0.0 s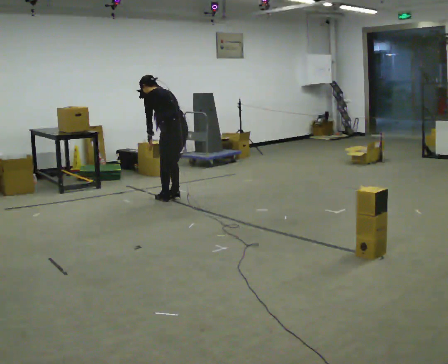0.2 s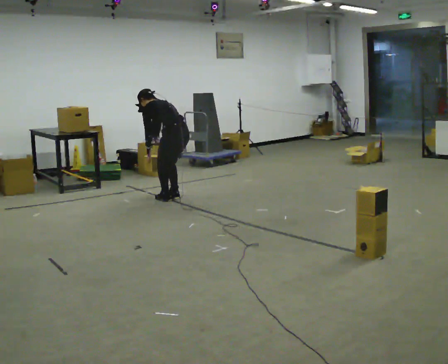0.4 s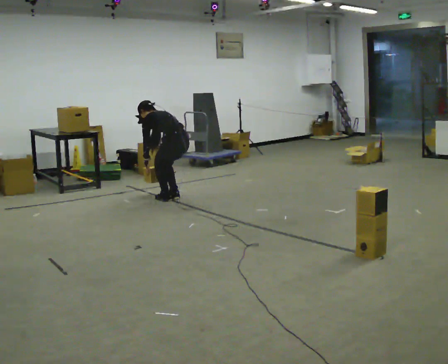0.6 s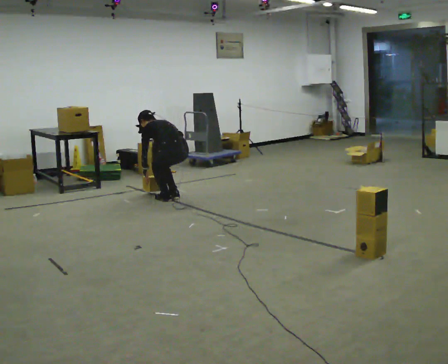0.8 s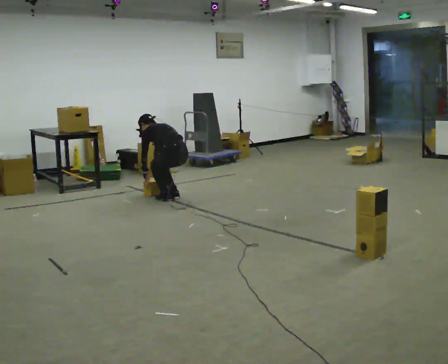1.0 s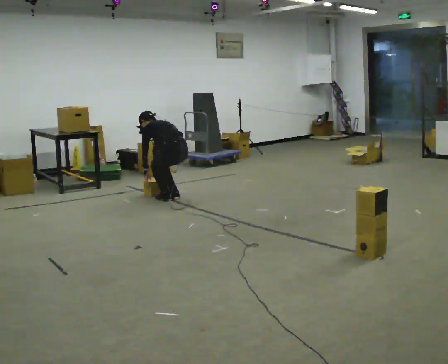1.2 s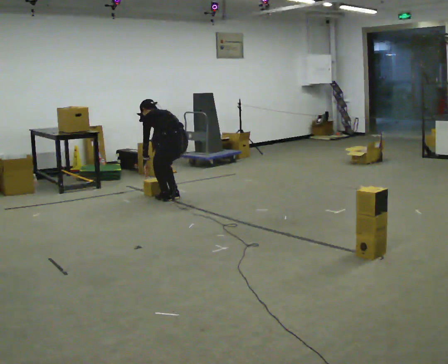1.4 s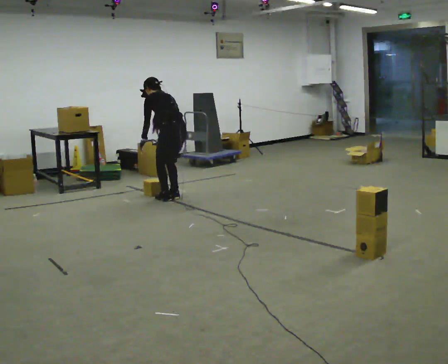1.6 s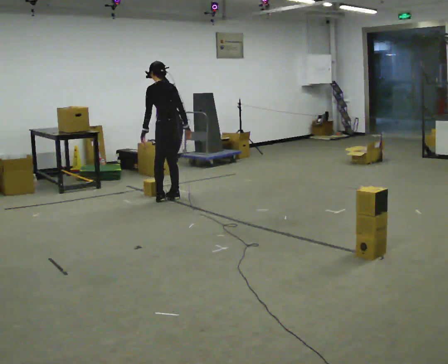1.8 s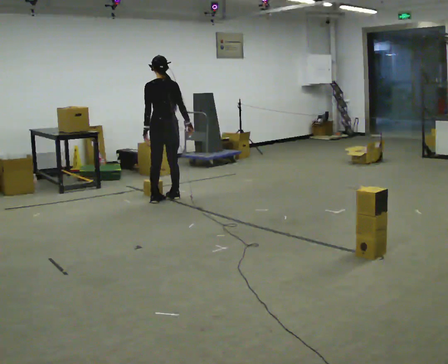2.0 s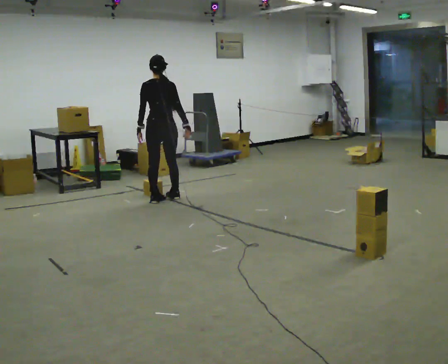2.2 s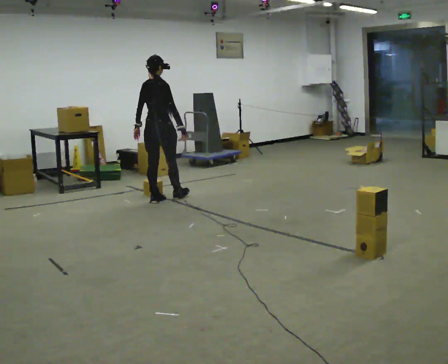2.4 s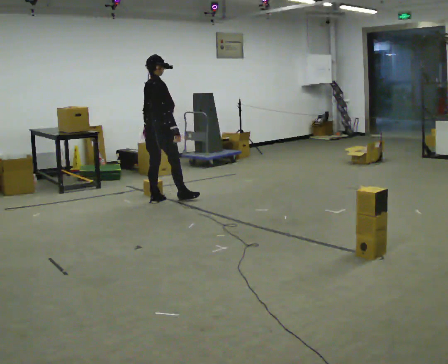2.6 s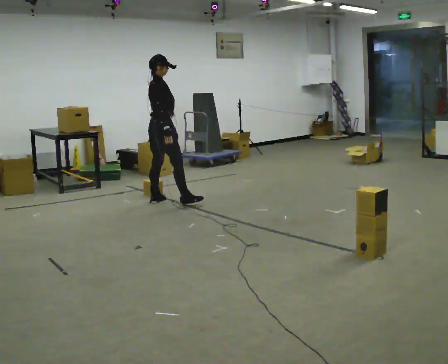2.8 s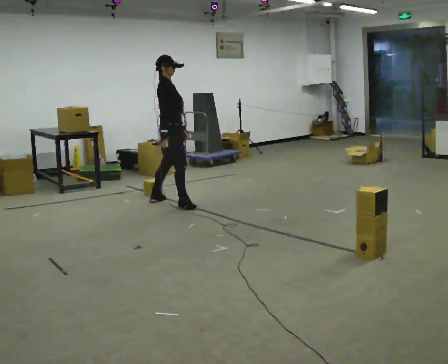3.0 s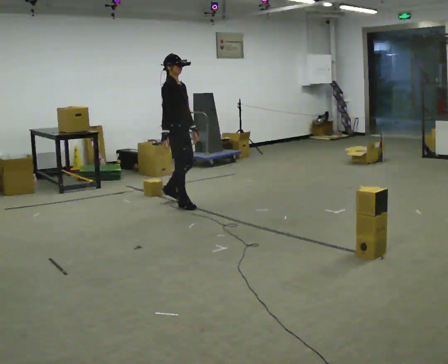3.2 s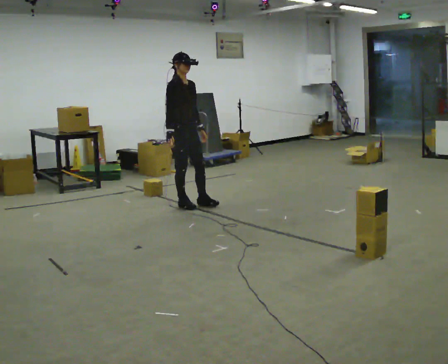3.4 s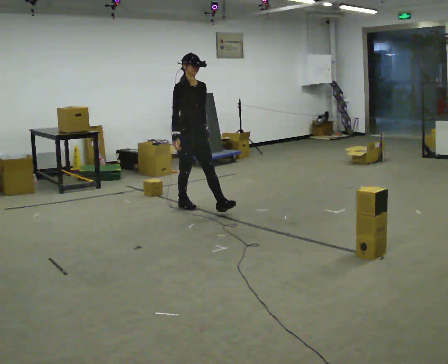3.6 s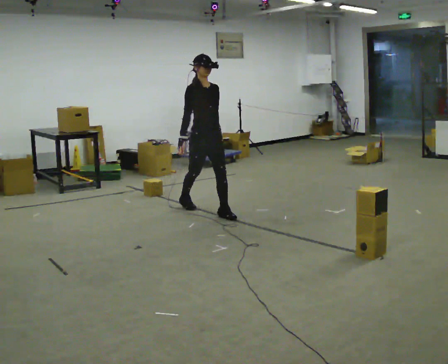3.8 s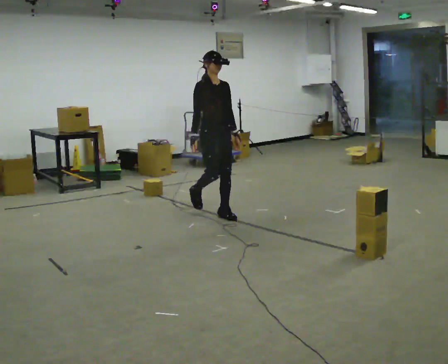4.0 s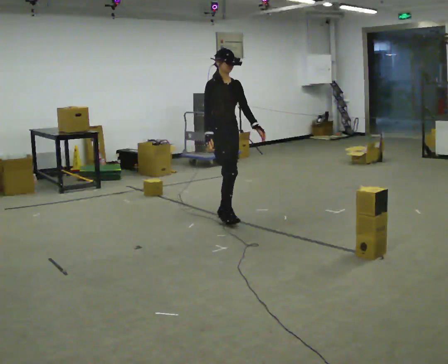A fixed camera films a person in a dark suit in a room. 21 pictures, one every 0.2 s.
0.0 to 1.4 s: The person moves a little, or ends about where they began.
1.4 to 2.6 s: The person turns about 120 degrees to their right, clockwise seen from above, so the part of the body nearest the lens slides to the left. The upper body tips toward the camera, its near side rolling downward, as they lean back or straighten.
2.6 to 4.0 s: The person turns about 75 degrees to their right, clockwise seen from above, so the part of the body nearest the lens slides to the left. In the picture they go toward the camera and to the right, about 1 m in 2 steps.
The film runs forward here.
